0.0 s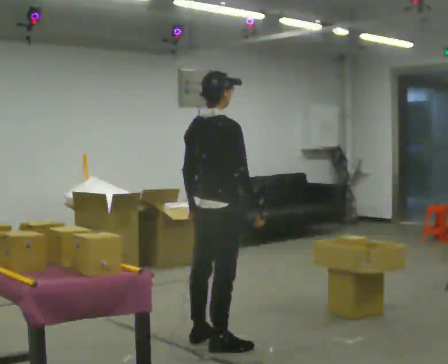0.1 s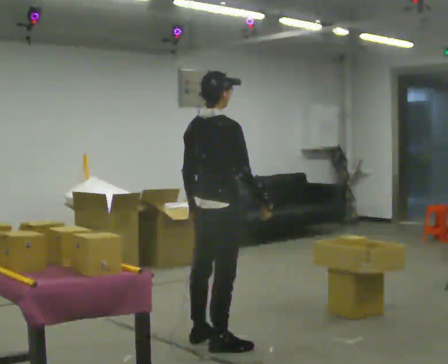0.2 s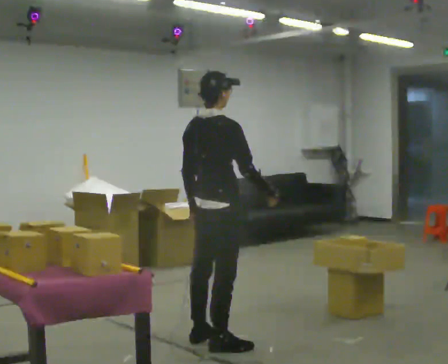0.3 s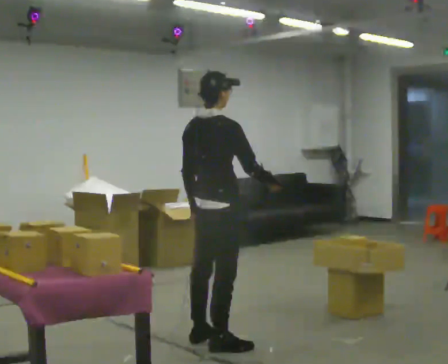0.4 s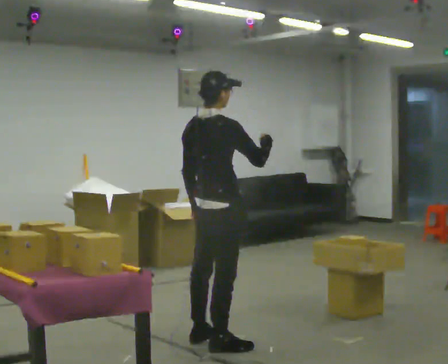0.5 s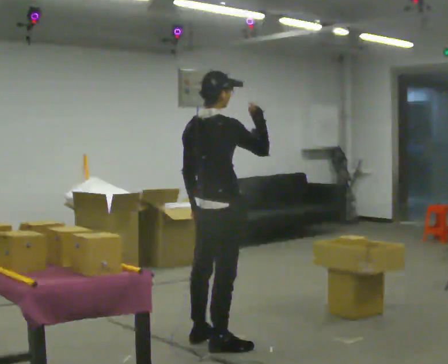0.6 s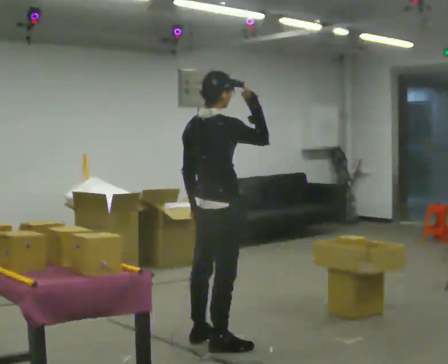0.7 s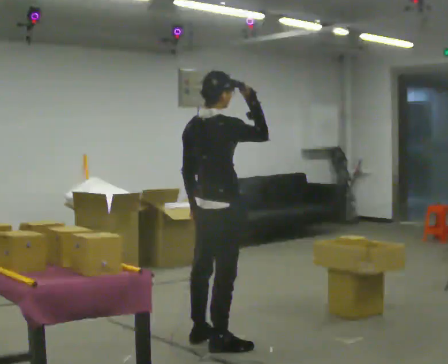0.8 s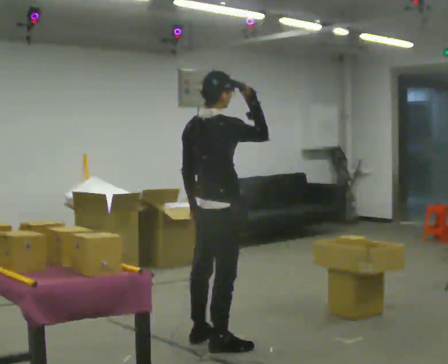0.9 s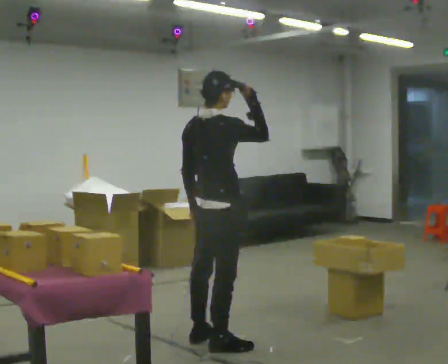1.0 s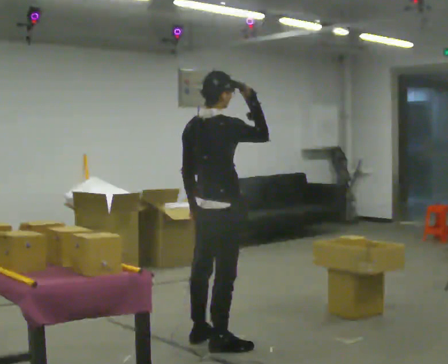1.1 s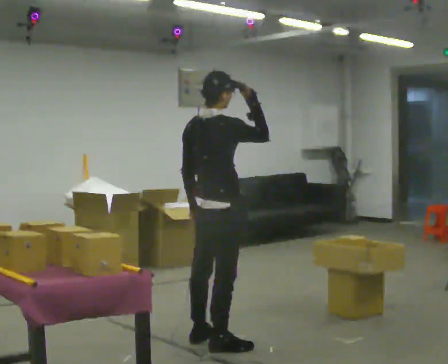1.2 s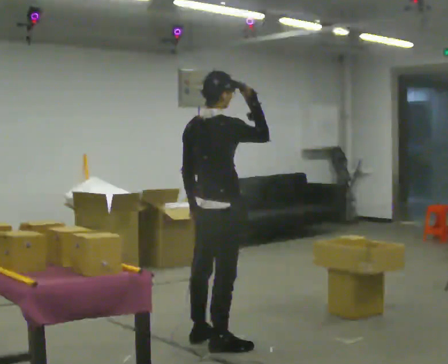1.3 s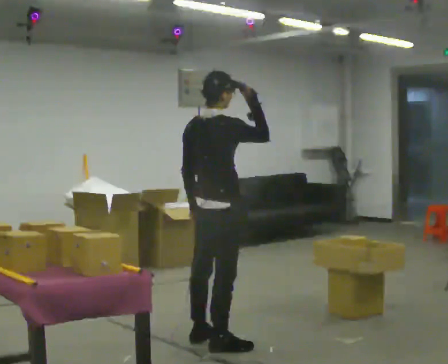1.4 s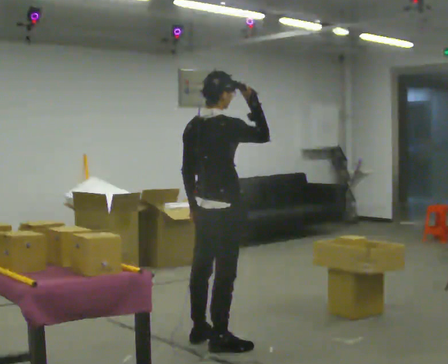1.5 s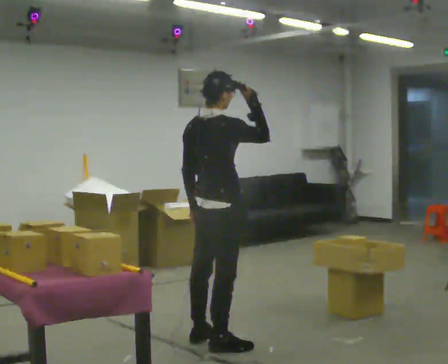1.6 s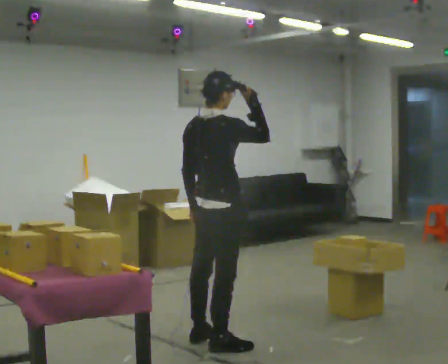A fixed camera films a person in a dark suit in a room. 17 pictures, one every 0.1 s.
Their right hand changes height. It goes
upward.
Their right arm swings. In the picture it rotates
counterclockwise.
0.0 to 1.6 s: In the picture their right hand goes upward, the arm swinging counterclockwise.
The film runs backward here.
